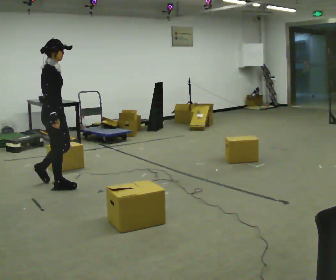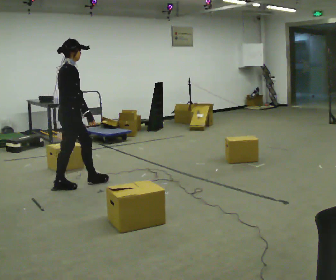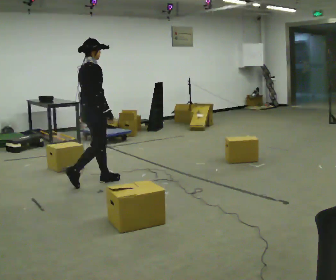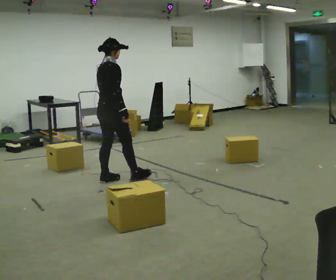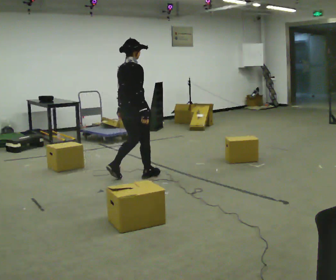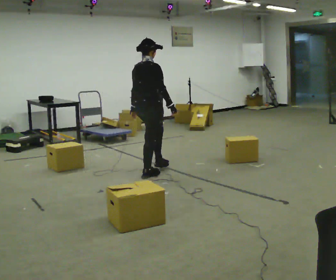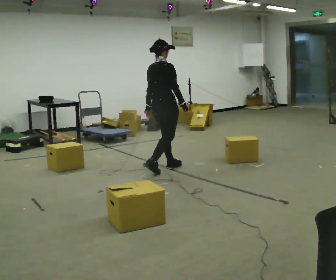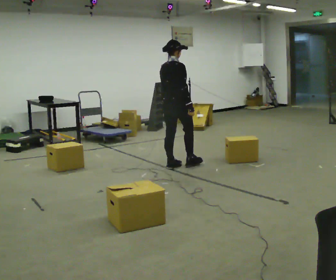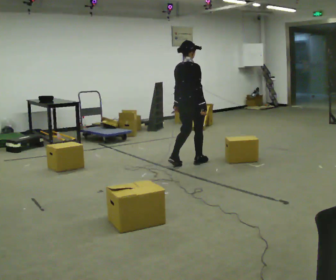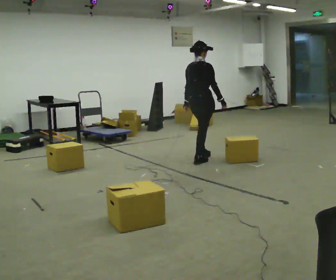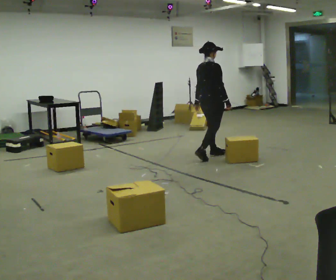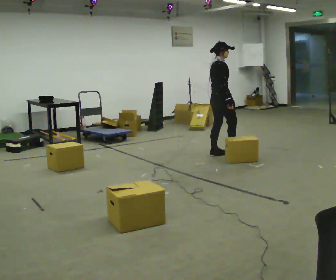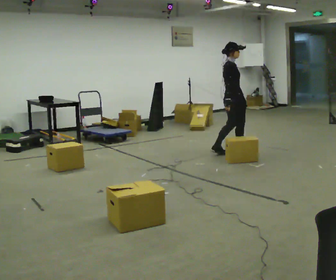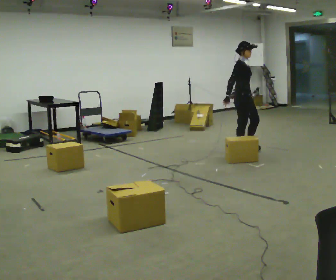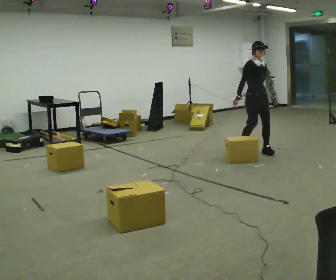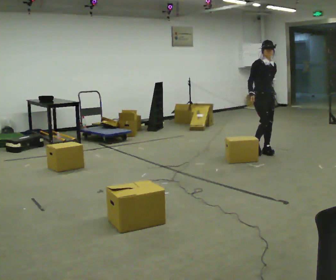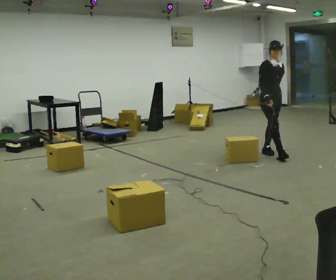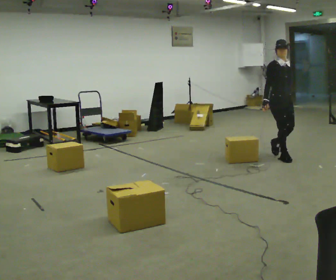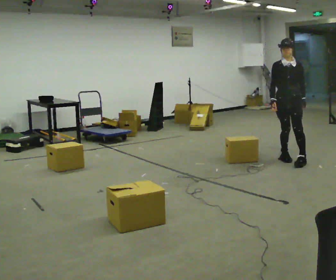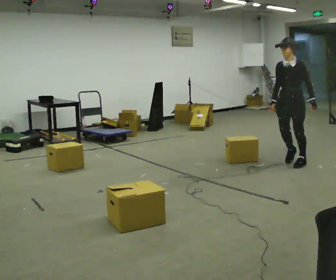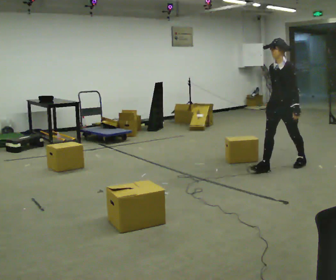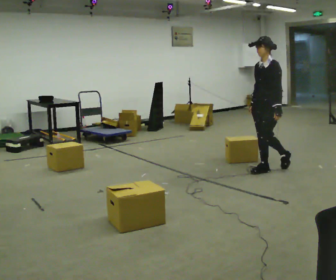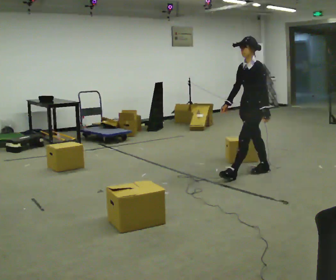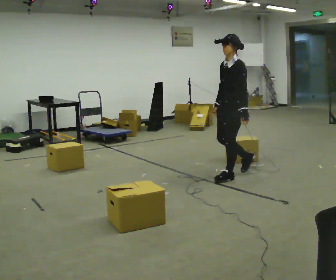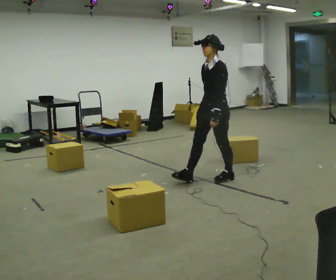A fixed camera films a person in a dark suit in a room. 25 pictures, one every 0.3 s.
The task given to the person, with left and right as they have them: Start at marker; visit targets in order; choose natural paths; avoid obstacles; stop at final target.
0.0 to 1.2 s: The part of the body nearest the lens slides to the right as the person turns to their left by about 45 degrees. In the picture they go to the right and away from the camera, about 1 m in 2 steps, which for them is forward.
1.2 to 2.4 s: In the picture they go away from the camera and to the right, about 1 m in 2 steps, which for them is forward.
2.4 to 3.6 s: The person turns about 45 degrees to their right, clockwise seen from above, so the part of the body nearest the lens slides to the left. In the picture they go to the right and away from the camera, about 0.5 m in 2 steps, which for them is forward.
3.6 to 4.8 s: The part of the body nearest the lens slides to the left as the person turns to their right by about 75 degrees. In the picture they go to the right, about 0.5 m in 1 step.
4.8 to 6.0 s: The person turns about 90 degrees to their right, clockwise seen from above, so the part of the body nearest the lens slides to the left. In the picture they go toward the camera, about 0.75 m in 3 steps.
6.0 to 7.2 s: In the picture they go to the left and toward the camera, about 1 m in 1 step, which for them is forward.
The film runs forward here.
